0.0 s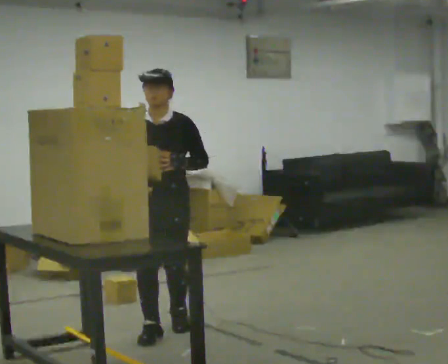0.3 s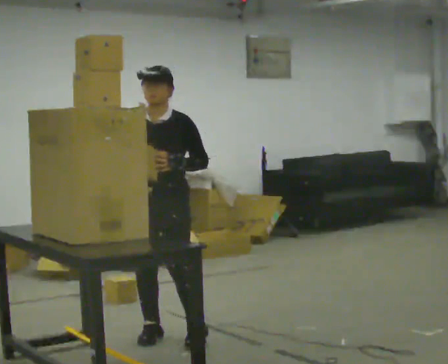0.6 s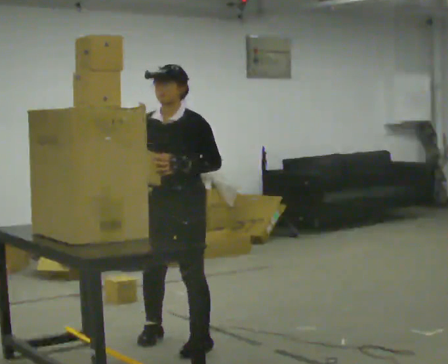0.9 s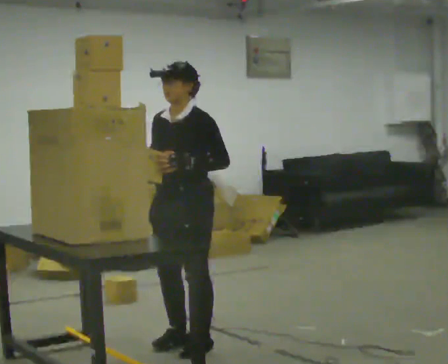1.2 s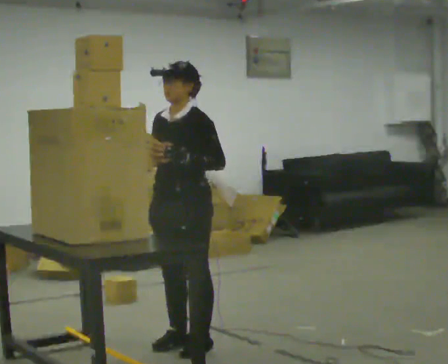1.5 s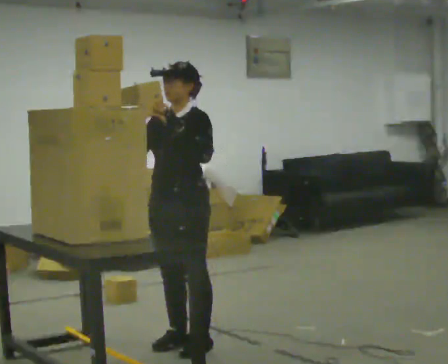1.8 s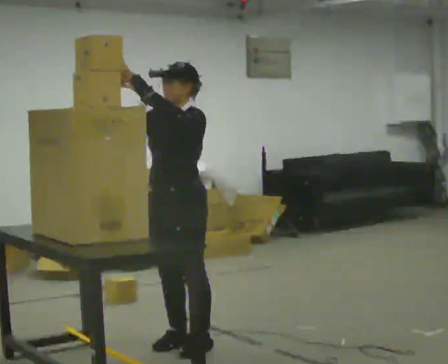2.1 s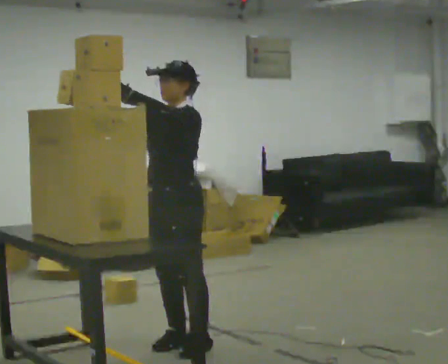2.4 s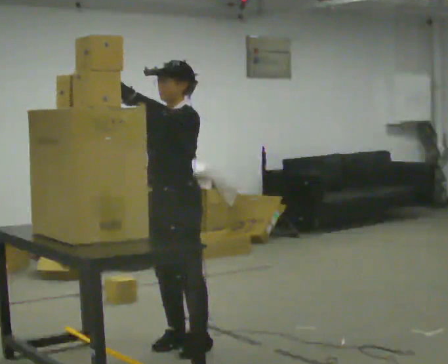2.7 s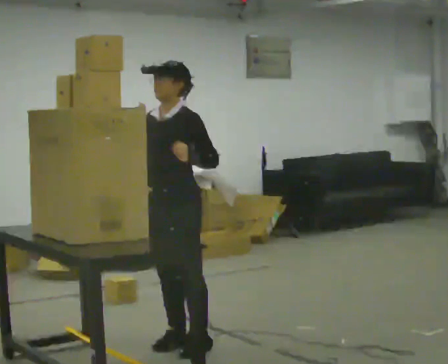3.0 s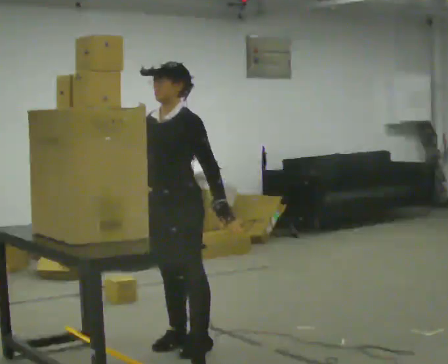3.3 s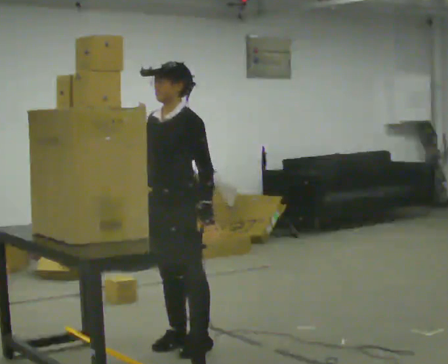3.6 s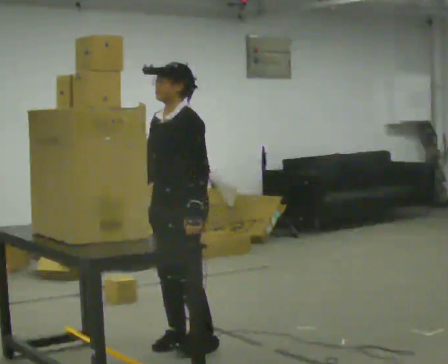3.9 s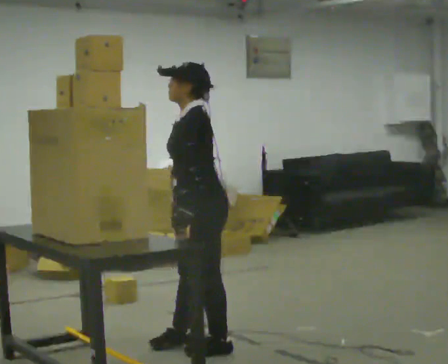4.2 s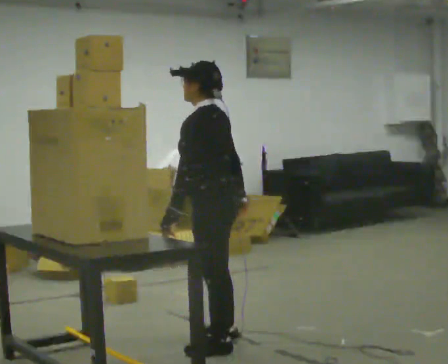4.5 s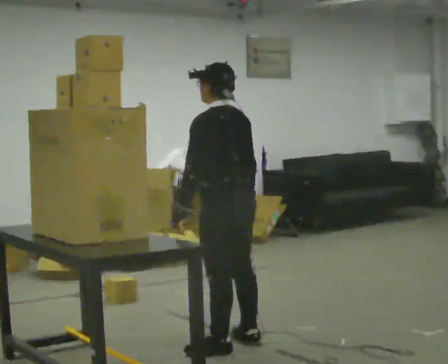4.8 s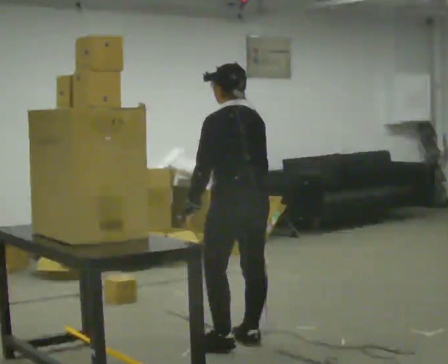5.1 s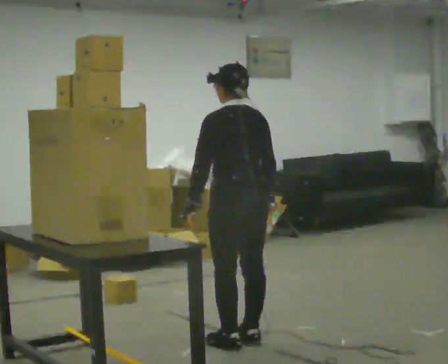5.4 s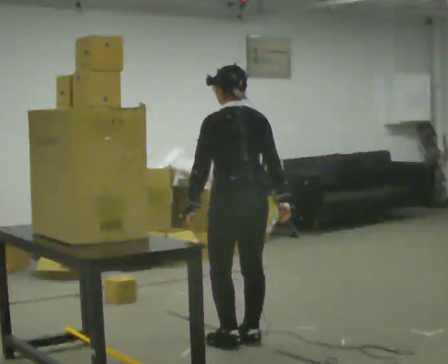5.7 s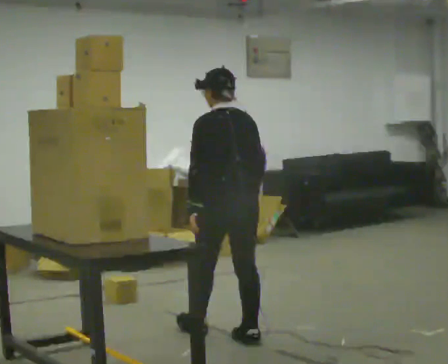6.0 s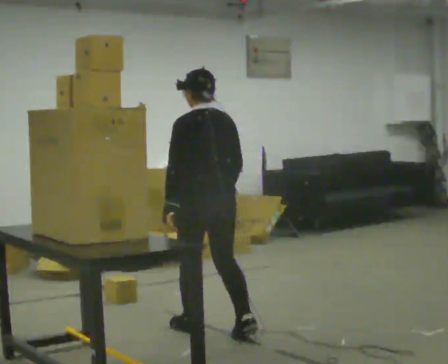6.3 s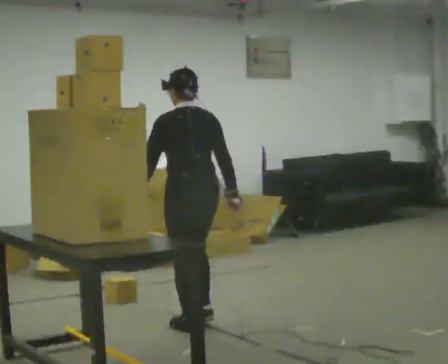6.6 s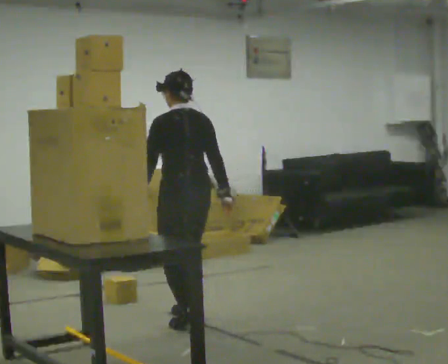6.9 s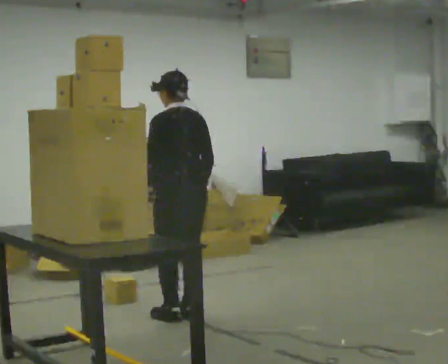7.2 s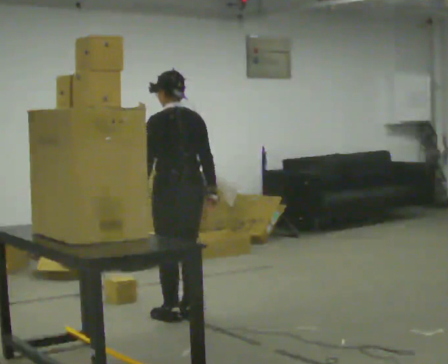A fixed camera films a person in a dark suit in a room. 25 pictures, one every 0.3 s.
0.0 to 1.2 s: The person turns about 45 degrees to their right, clockwise seen from above, so the part of the body nearest the lens slides to the left. In the picture they go toward the camera, about 0.25 m in 2 steps, which for them is to their left and forward.
1.2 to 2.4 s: In the picture their right hand goes upward.
2.4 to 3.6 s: In the picture their left hand goes downward and to the right.
3.6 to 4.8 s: Seen from above the body turns clockwise, about 75 degrees: to their right, with its near side sliding to the left. In the picture they go to the right, about 0.25 m in 1 step.
4.8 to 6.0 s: In the picture they go away from the camera and to the left, about 0.25 m in 1 step, which for them is forward.
6.0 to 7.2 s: In the picture they go away from the camera and to the left, about 0.5 m in 2 steps, which for them is forward.
The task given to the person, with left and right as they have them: Take an object down from the highest shelf you can comfortably reach, carry it across the room, and set it on the floor. Keep going until the operator says stop; one object at a time, and do not rush between trips.
The film runs forward here.
